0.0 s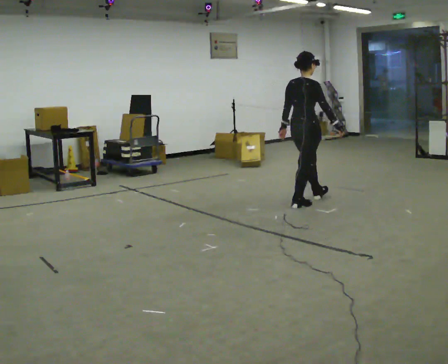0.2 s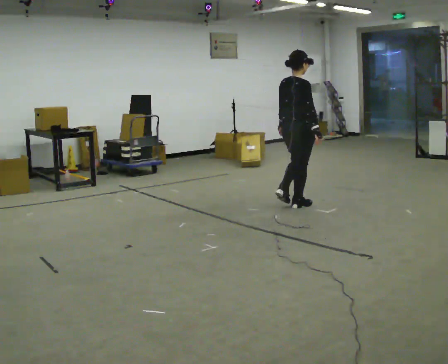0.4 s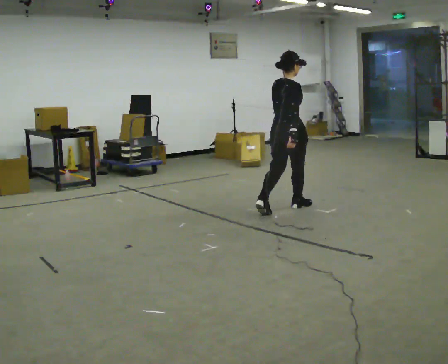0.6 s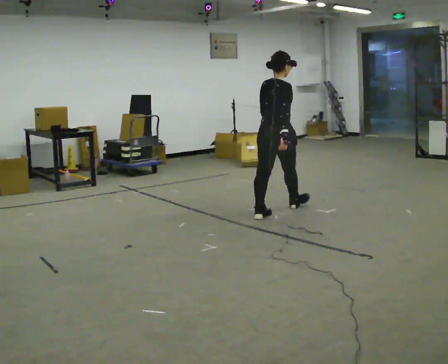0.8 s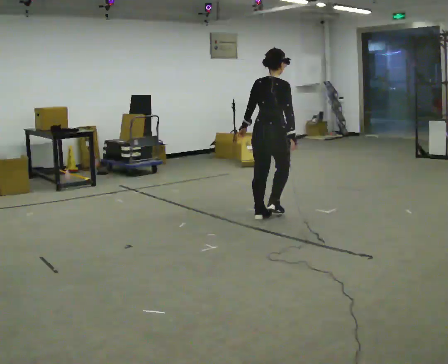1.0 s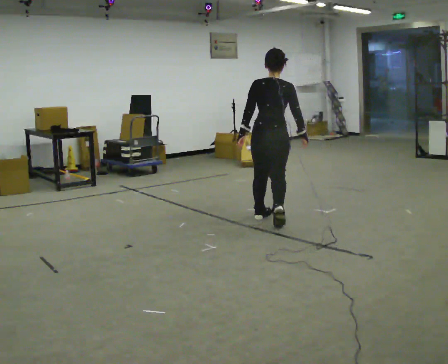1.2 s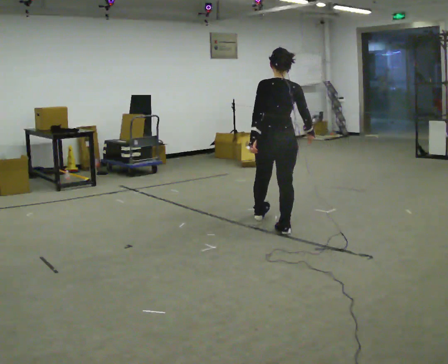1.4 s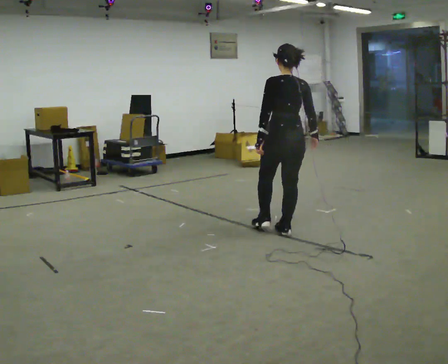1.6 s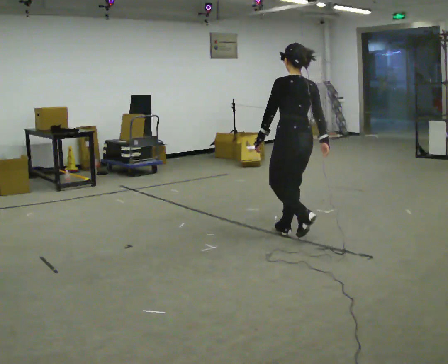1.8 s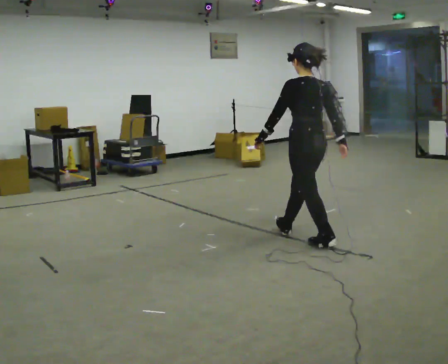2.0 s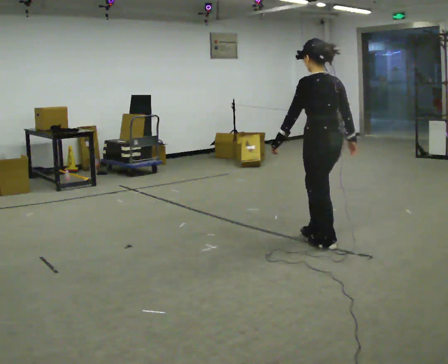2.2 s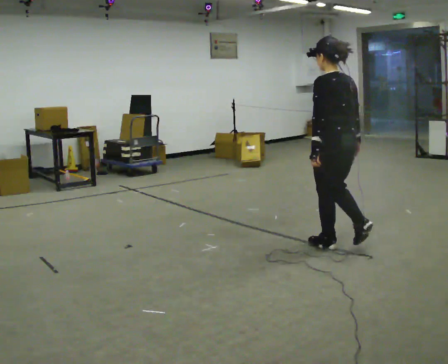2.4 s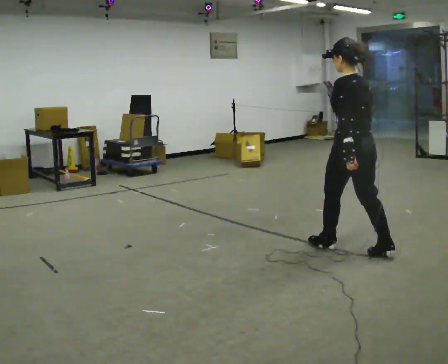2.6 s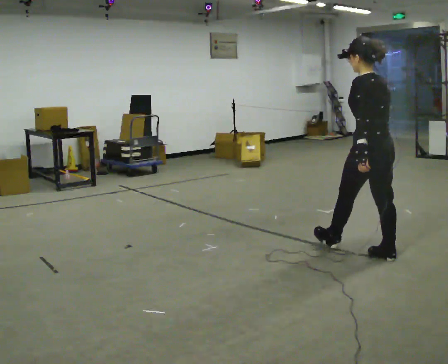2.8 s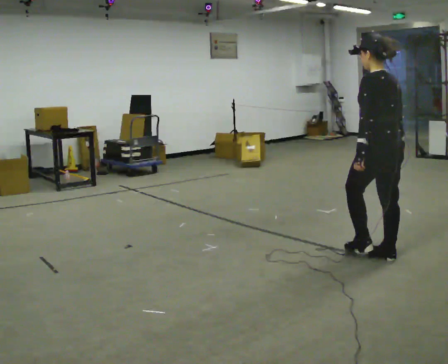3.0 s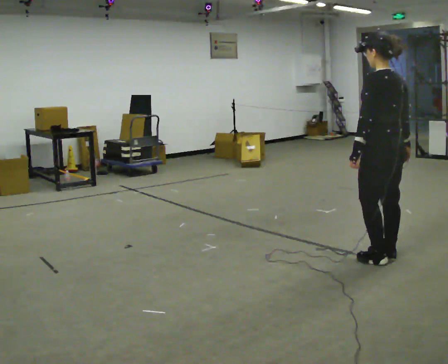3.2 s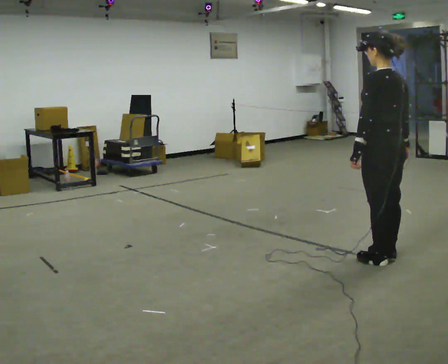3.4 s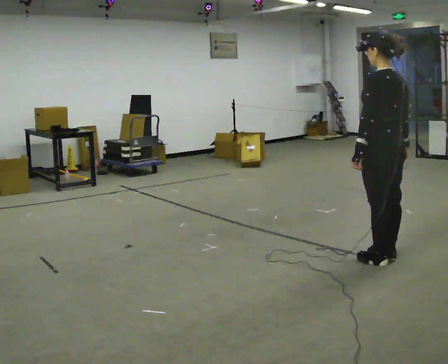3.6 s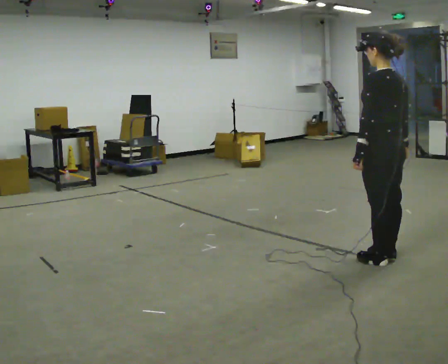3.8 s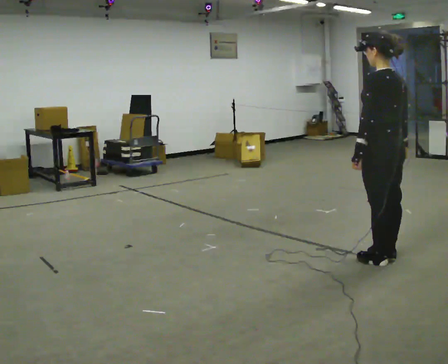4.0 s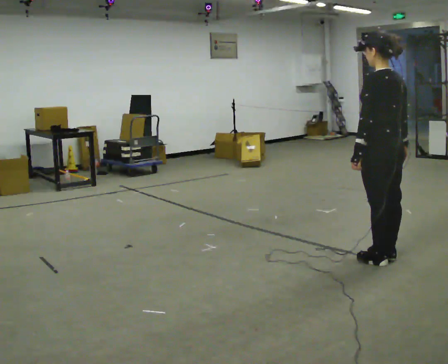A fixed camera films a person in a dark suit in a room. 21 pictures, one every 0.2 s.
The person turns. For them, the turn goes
to their left.
The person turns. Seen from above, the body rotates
counterclockwise.
0.0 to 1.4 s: The person turns about 60 degrees to their left, counterclockwise seen from above, so the part of the body nearest the lens slides to the right. In the picture they go toward the camera, about 1 m in 2 steps.
1.4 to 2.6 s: In the picture they go toward the camera and to the right, about 1 m in 2 steps, which for them is backward.
2.6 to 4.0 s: The person moves a little, or ends about where they began.
The film runs backward here.
